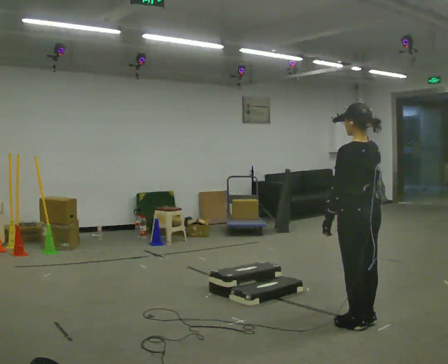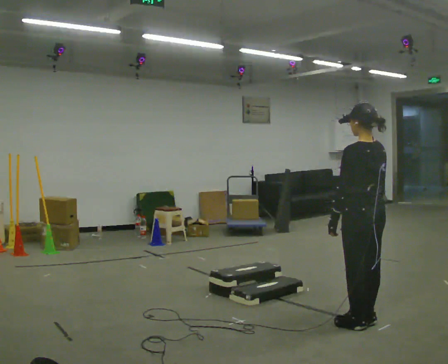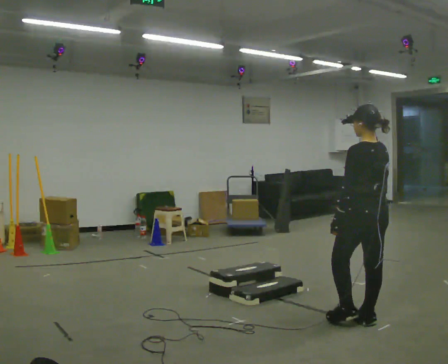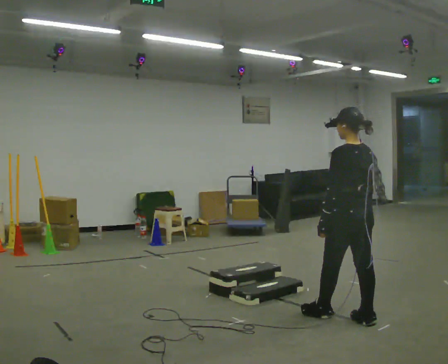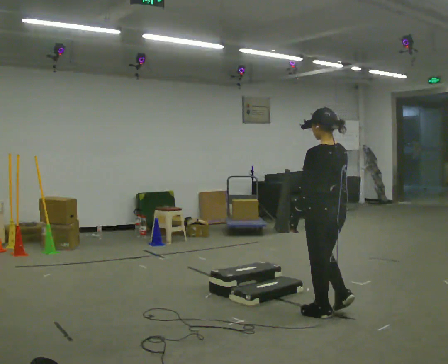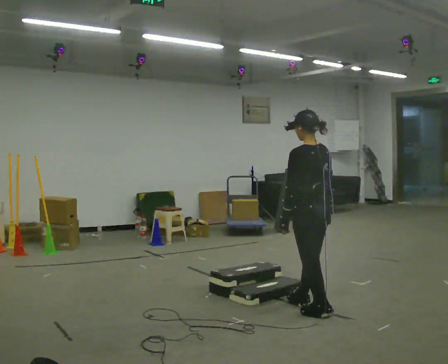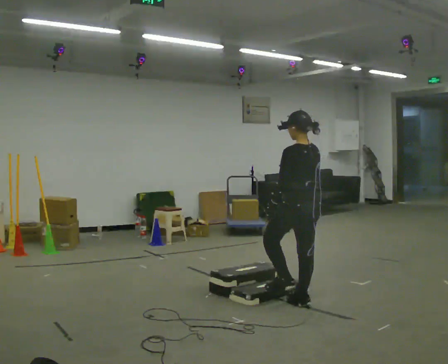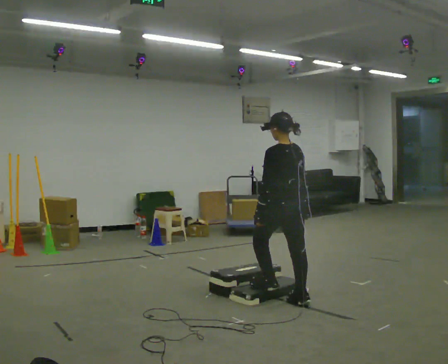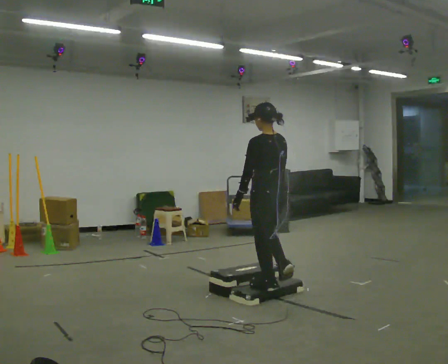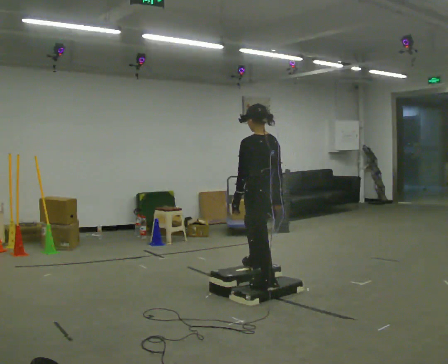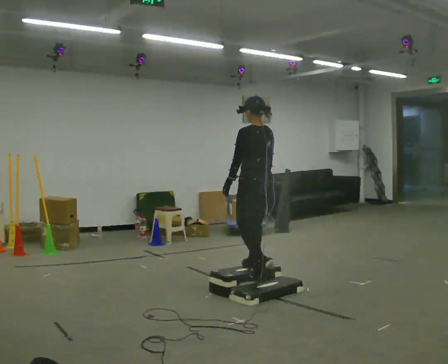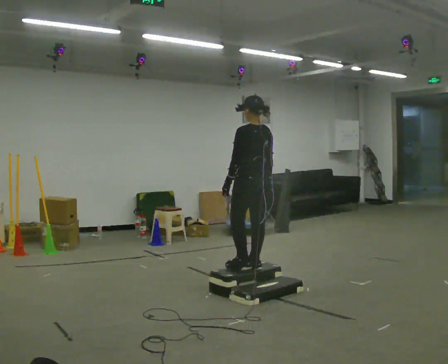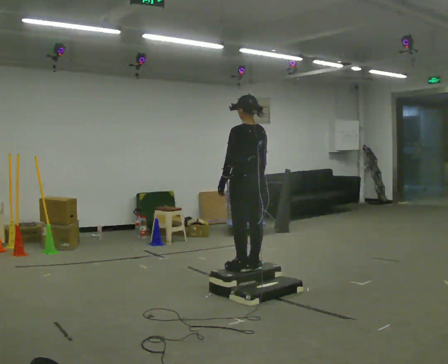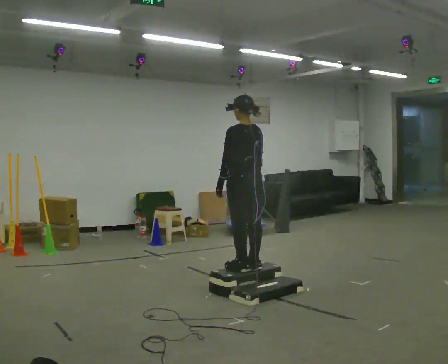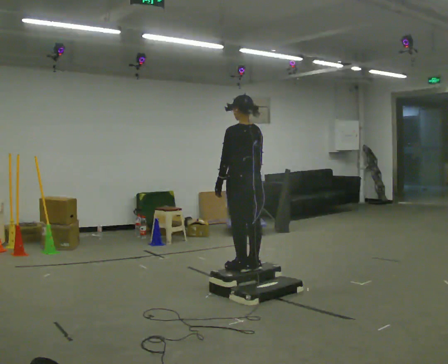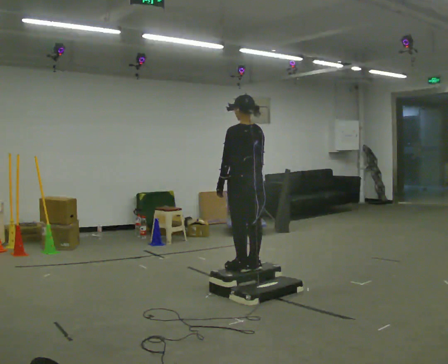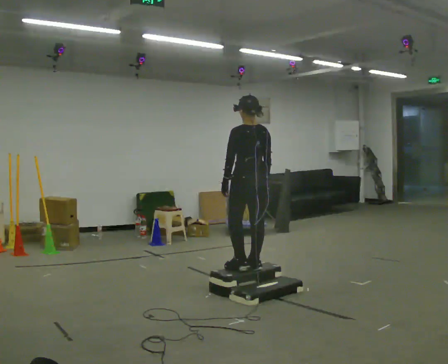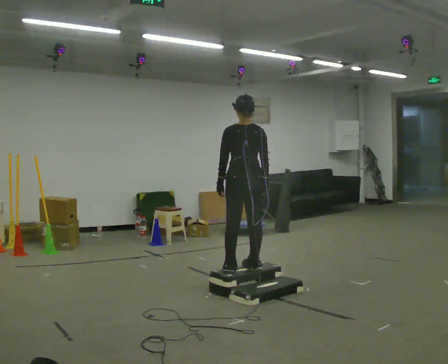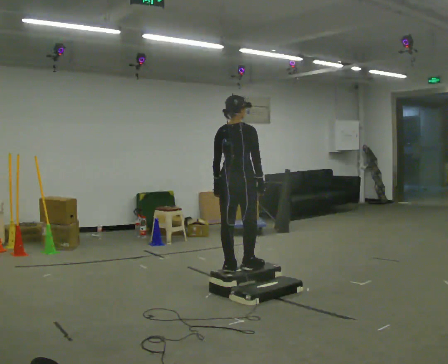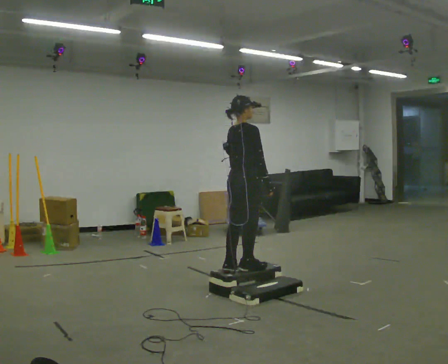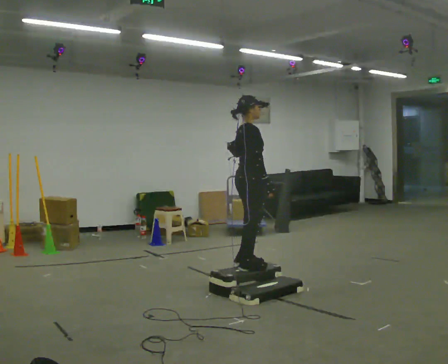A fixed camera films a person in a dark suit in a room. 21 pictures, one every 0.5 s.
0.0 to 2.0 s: In the picture they go away from the camera and to the left, about 0.25 m in 1 step, which for them is forward.
2.0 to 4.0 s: In the picture they go away from the camera and to the left, about 0.75 m in 2 steps, which for them is forward.
4.0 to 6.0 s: In the picture they go away from the camera and to the left, about 0.5 m in 2 steps, which for them is forward.
6.0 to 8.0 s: The person moves a little, or ends about where they began.
8.0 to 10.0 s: Seen from above the body turns clockwise, about 105 degrees: to their right, with its near side sliding to the left.
The film runs forward here.
